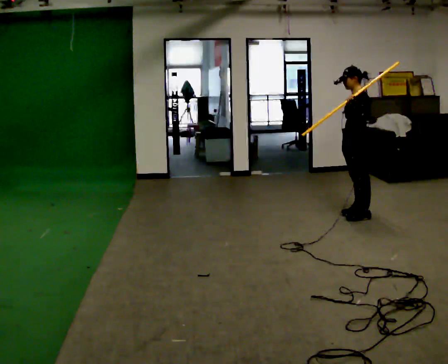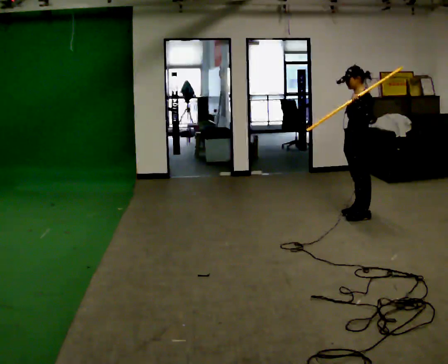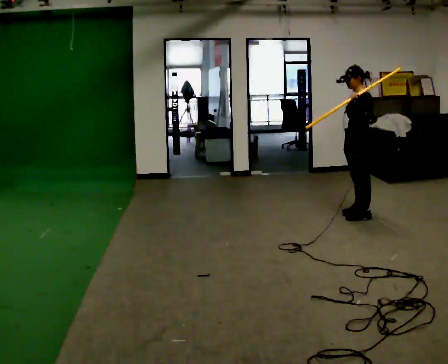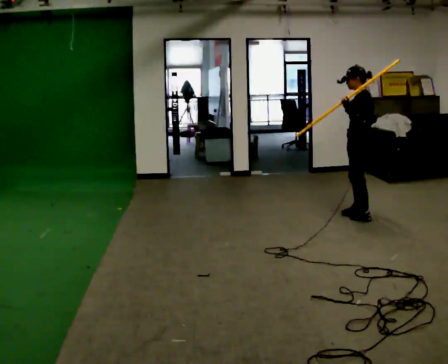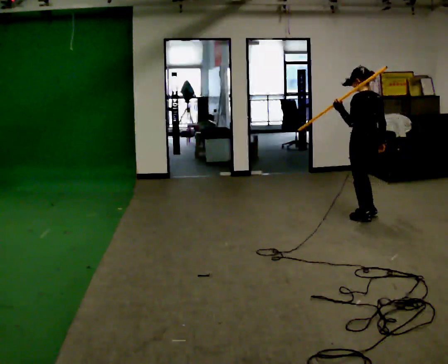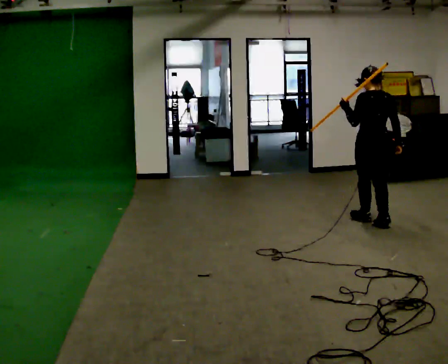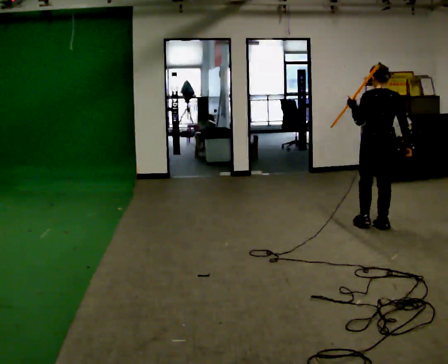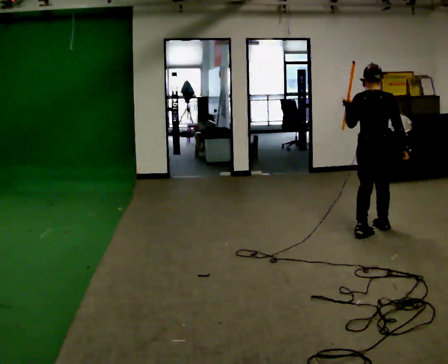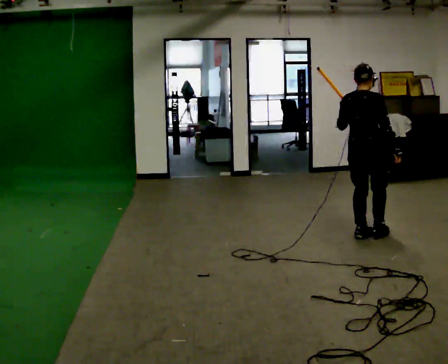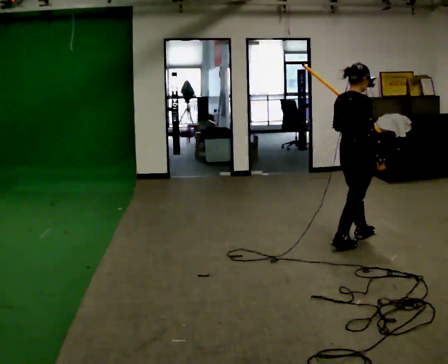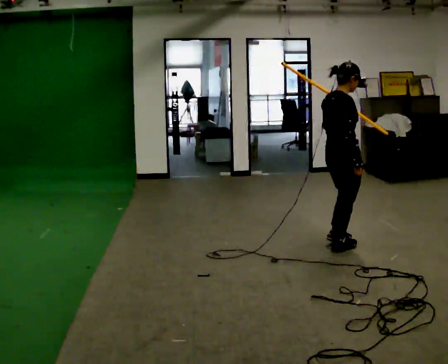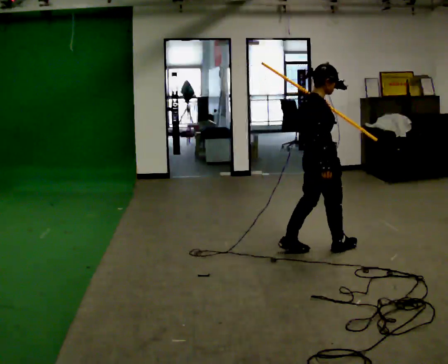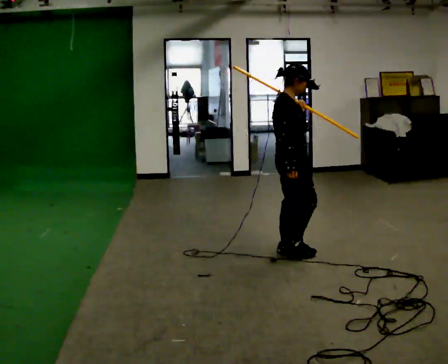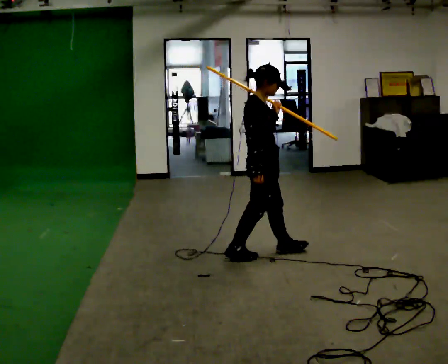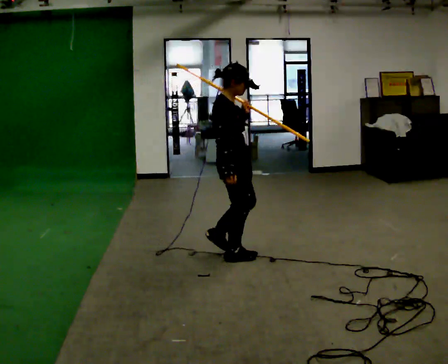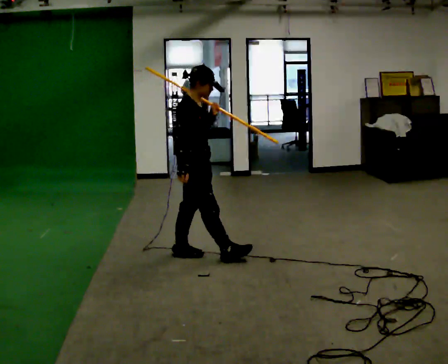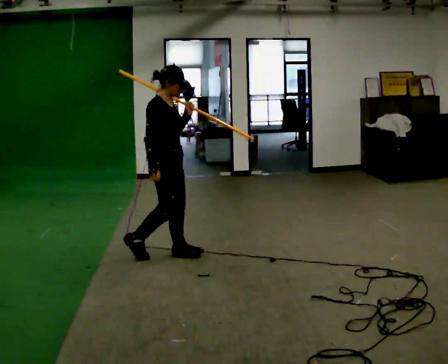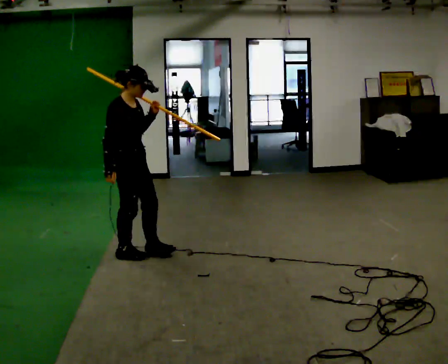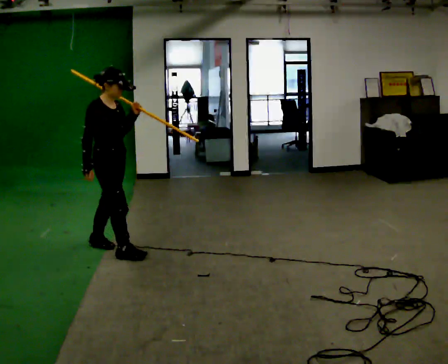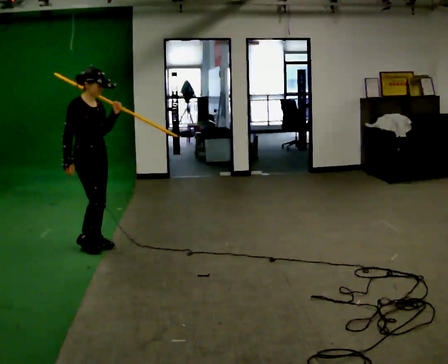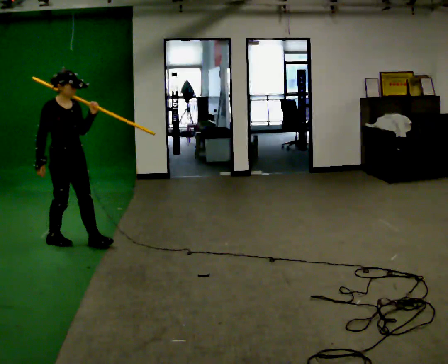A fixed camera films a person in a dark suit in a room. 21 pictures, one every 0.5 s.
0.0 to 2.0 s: The person turns about 45 degrees to their right, clockwise seen from above, so the part of the body nearest the lens slides to the left. In the picture they go toward the camera, about 0.25 m in 1 step, which for them is to their left.
2.0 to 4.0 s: The person turns about 75 degrees to their right, clockwise seen from above, so the part of the body nearest the lens slides to the left. In the picture they go toward the camera, about 0.5 m in 2 steps.
4.0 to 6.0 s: Seen from above the body turns clockwise, about 45 degrees: to their right, with its near side sliding to the left. In the picture they go to the left and toward the camera, about 0.5 m in 2 steps, which for them is backward.
6.0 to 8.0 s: In the picture they go to the left, about 1 m in 2 steps, which for them is backward.
8.0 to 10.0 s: In the picture they go to the left, about 1 m in 2 steps, which for them is backward.
The film runs backward here.
